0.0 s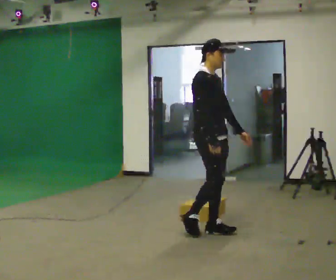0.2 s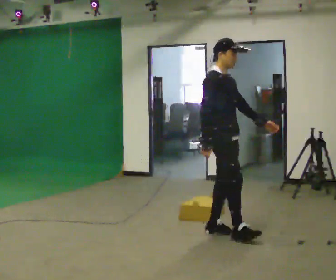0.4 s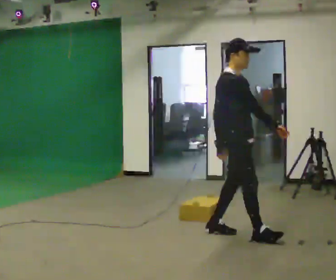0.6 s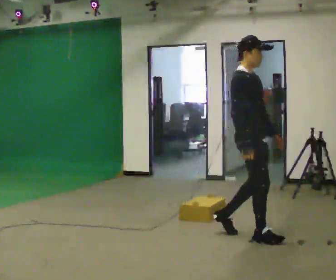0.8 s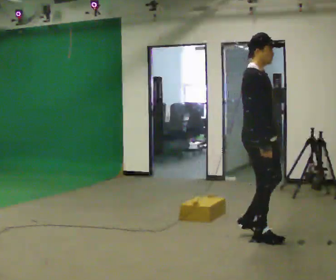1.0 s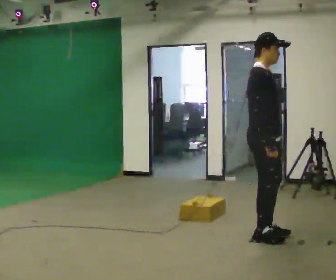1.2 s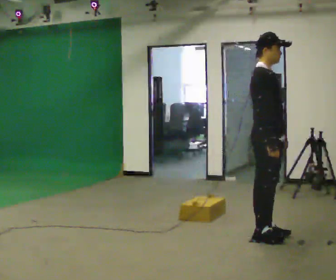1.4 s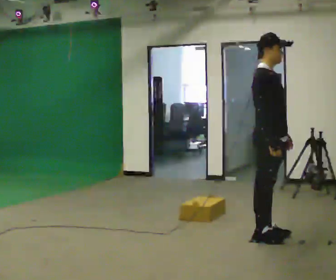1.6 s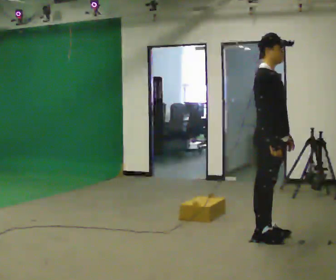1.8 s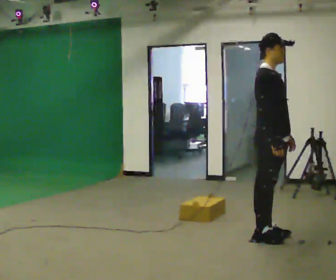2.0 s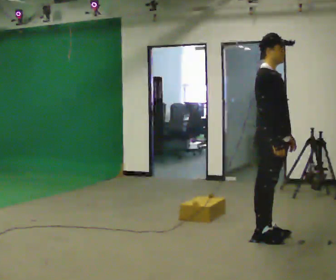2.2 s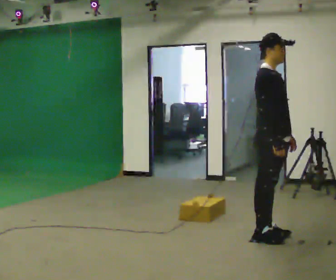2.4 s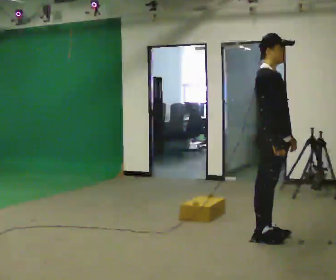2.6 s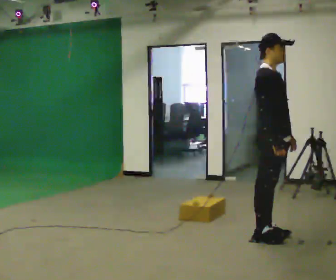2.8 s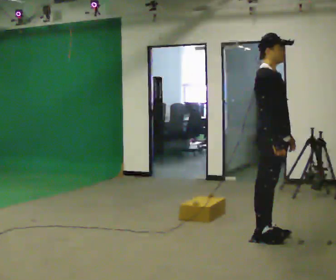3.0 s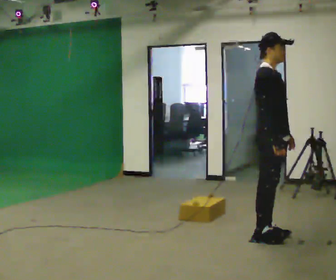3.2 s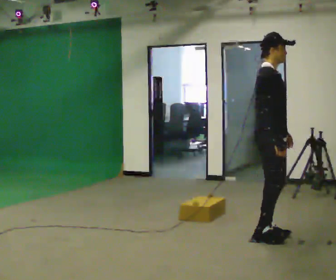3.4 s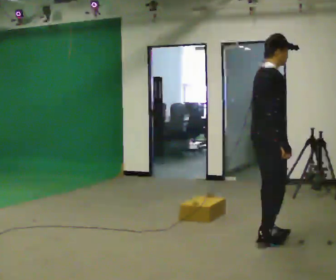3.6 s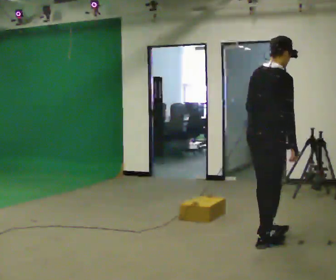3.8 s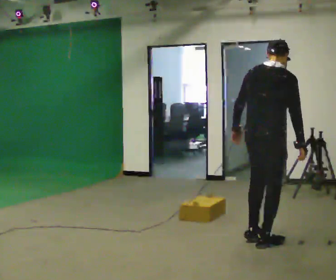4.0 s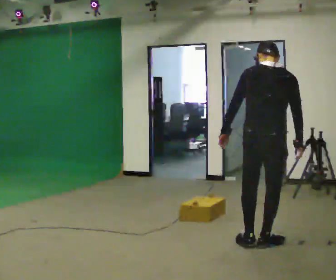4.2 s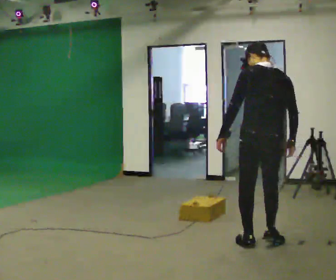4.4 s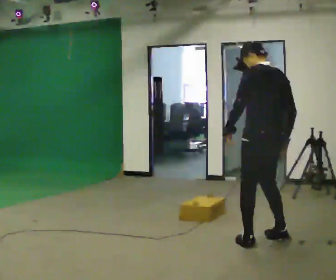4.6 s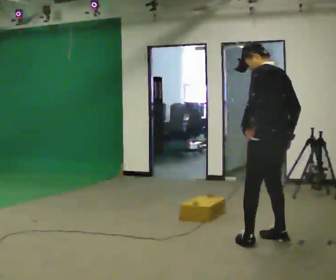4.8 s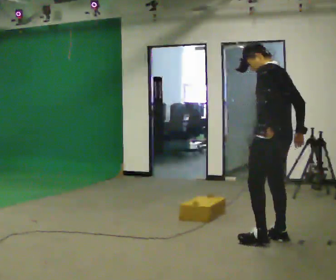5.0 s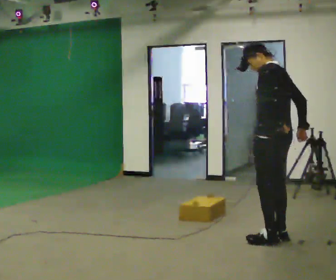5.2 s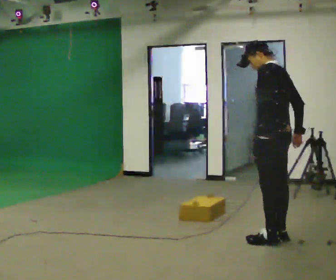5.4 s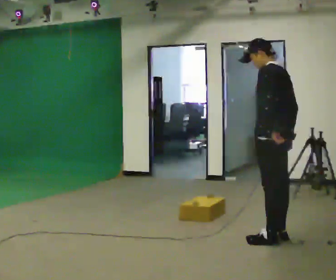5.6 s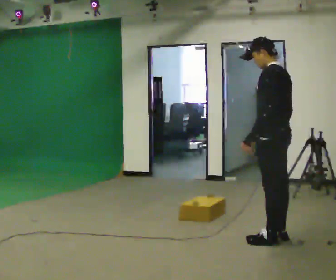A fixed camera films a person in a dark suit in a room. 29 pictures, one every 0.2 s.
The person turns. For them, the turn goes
to their left.
The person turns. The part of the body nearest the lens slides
to the right.
0.0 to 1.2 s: In the picture they go to the right, about 0.5 m in 2 steps, which for them is forward.
1.2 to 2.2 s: The person moves a little, or ends about where they began.
2.2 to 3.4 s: The person turns about 45 degrees to their left, counterclockwise seen from above, so the part of the body nearest the lens slides to the right.
3.4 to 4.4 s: Seen from above the body turns counterclockwise, about 105 degrees: to their left, with its near side sliding to the right.
4.4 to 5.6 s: The person turns about 30 degrees to their left, counterclockwise seen from above, so the part of the body nearest the lens slides to the right.
The film runs forward here.
